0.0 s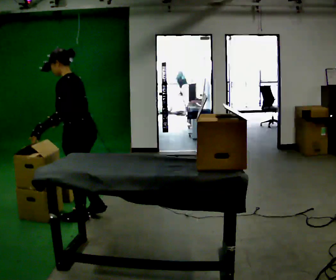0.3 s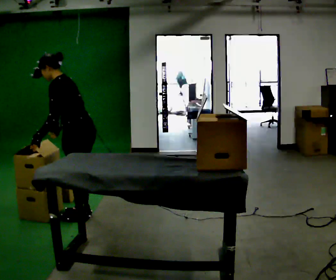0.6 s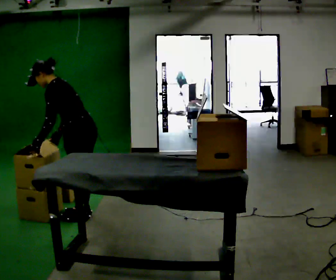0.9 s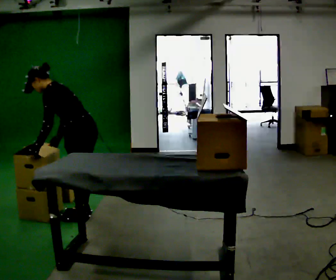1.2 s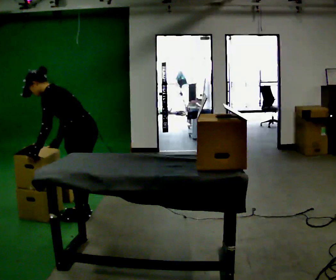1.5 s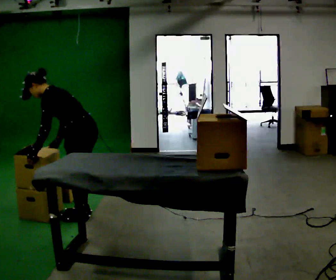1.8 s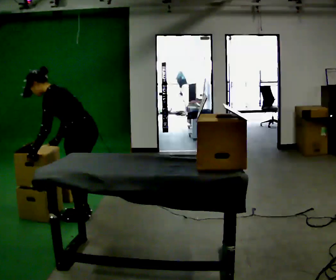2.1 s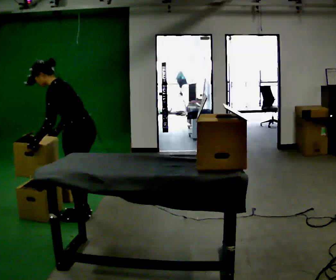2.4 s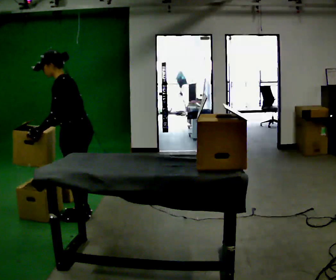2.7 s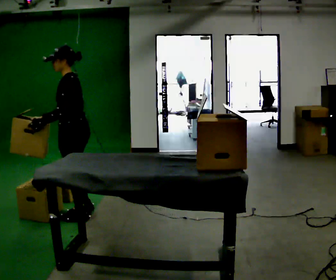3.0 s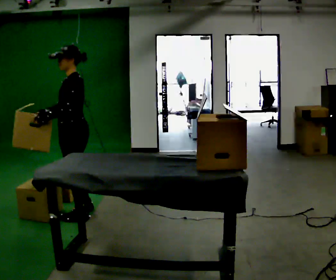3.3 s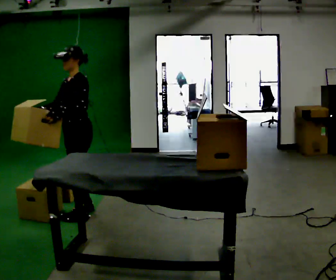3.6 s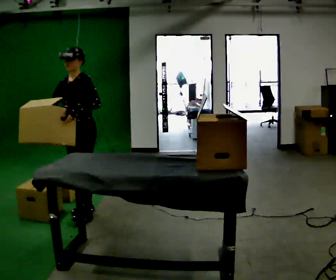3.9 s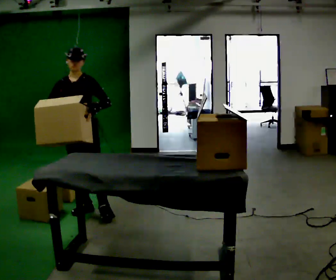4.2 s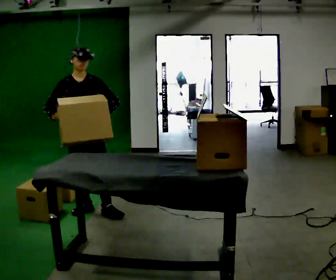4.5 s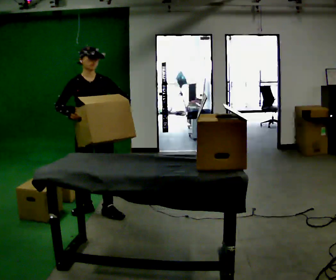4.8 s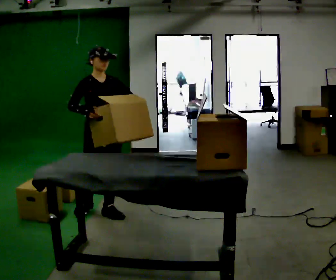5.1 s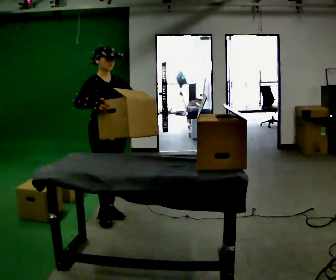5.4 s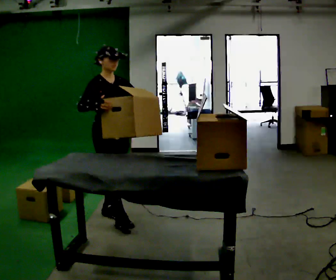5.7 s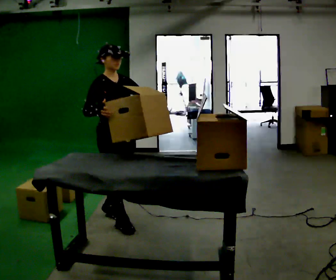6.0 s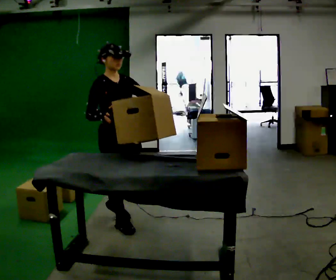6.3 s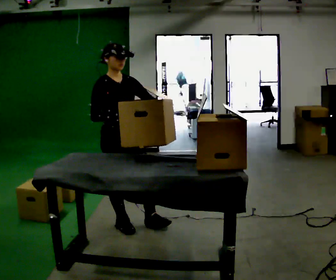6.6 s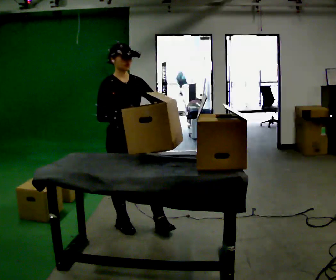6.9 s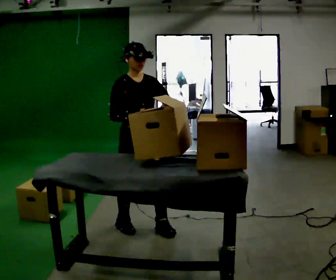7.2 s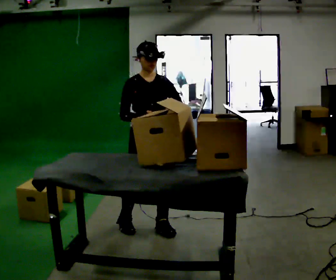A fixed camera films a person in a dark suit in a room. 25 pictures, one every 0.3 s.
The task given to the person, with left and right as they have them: Pick an object up off the floor at one end of the room, carry it across, and place it on the waist-height shelf at the other end. Keep going until the operator says stop; one object at a time, and do not rush between trips.
0.0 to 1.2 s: In the picture the upper body tilts counterclockwise, shoulders to the left, as they bend forward.
1.2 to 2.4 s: In the picture the upper body tilts clockwise, shoulders to the right, as they lean back or straighten.
2.4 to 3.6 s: Seen from above the body turns counterclockwise, about 60 degrees: to their left, with its near side sliding to the right. In the picture they go away from the camera, about 0.25 m in 1 step, which for them is to their right. In the picture the upper body tilts clockwise, shoulders to the right, as they lean back or straighten.
3.6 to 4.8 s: Seen from above the body turns counterclockwise, about 60 degrees: to their left, with its near side sliding to the right. In the picture they go to the right, about 0.25 m in 1 step. In the picture their right hand goes to the right.
4.8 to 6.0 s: In the picture they go toward the camera, about 0.25 m in 1 step, which for them is forward.
6.0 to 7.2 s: The person turns about 30 degrees to their right, clockwise seen from above, so the part of the body nearest the lens slides to the left. In the picture they go to the right, about 0.25 m in 1 step, which for them is forward and to their left.
The film runs forward here.
